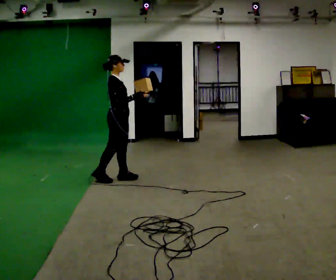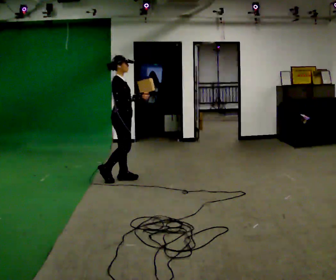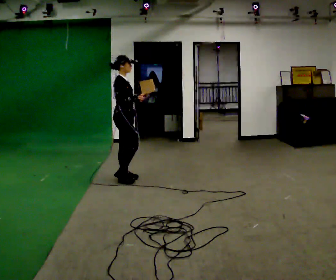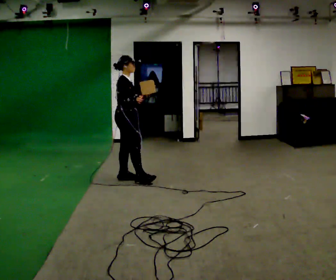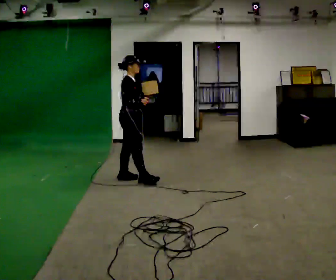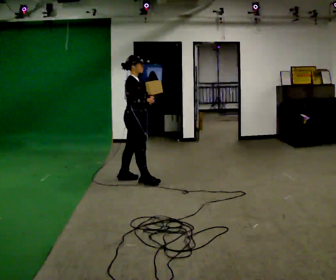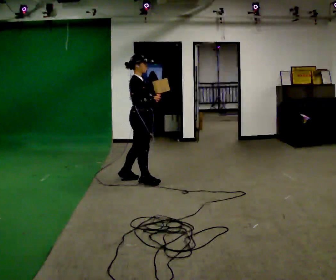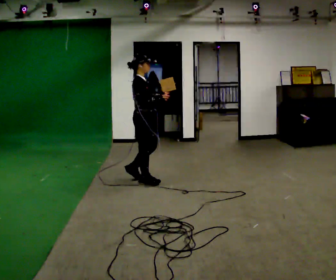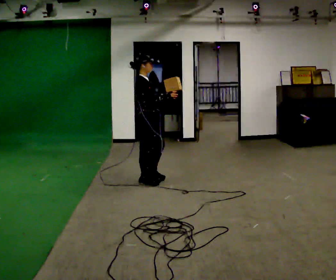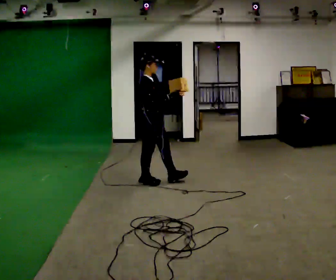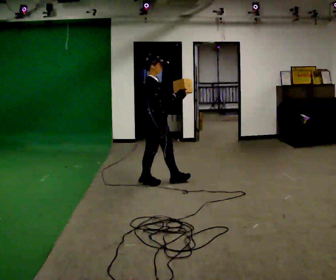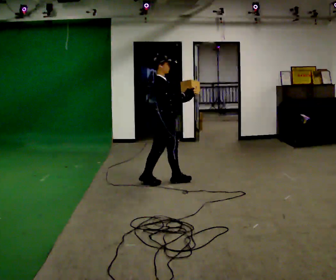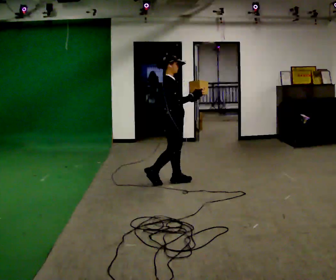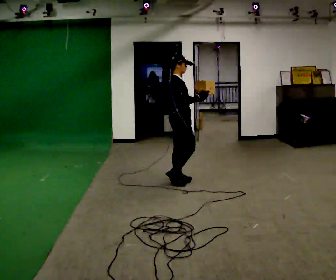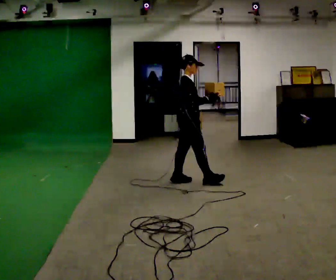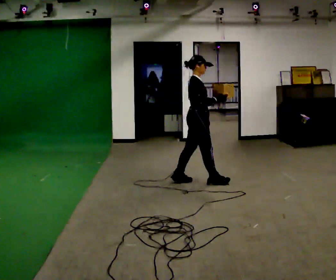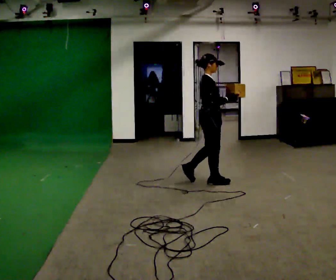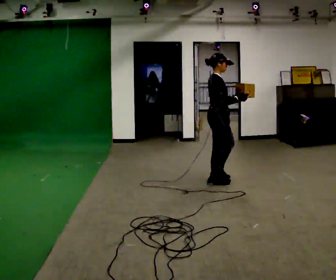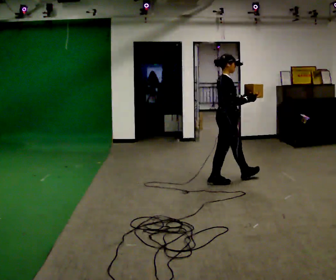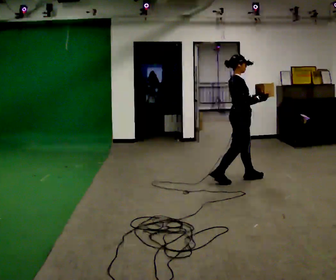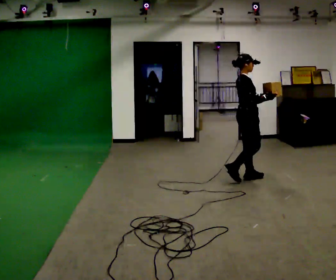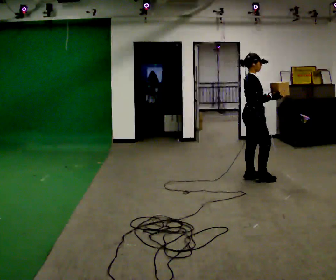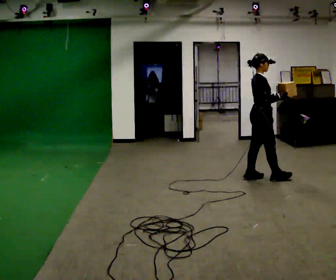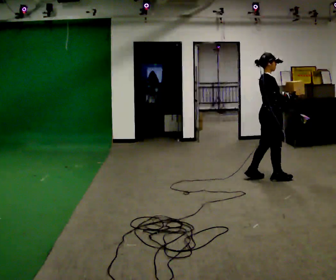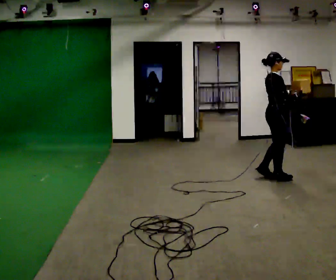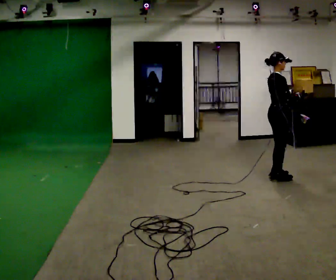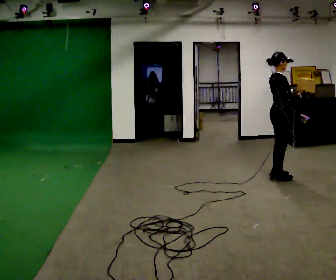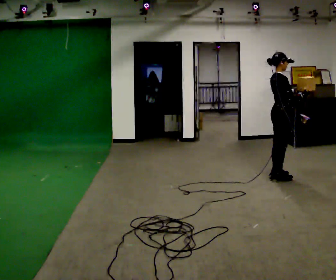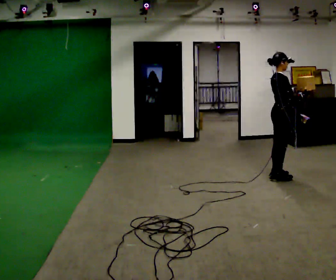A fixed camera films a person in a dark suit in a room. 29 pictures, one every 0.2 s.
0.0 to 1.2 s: In the picture they go to the right, about 0.25 m in 1 step, which for them is forward.
1.2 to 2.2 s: In the picture they go to the right, about 0.25 m in 1 step, which for them is forward.
2.2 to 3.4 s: In the picture they go to the right, about 0.75 m in 1 step, which for them is forward.
3.4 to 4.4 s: In the picture they go to the right, about 0.5 m in 2 steps, which for them is forward.
4.4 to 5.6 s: In the picture they go to the right, about 0.25 m in 1 step, which for them is forward.
The film runs forward here.
